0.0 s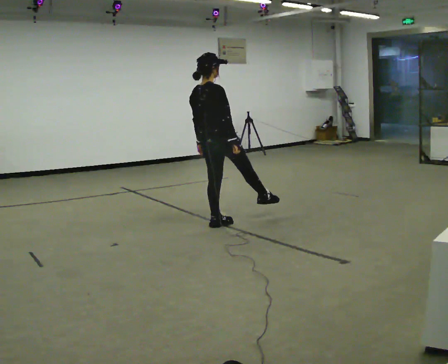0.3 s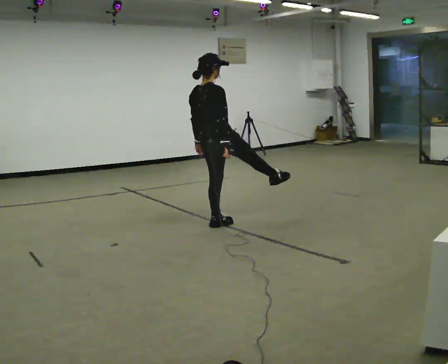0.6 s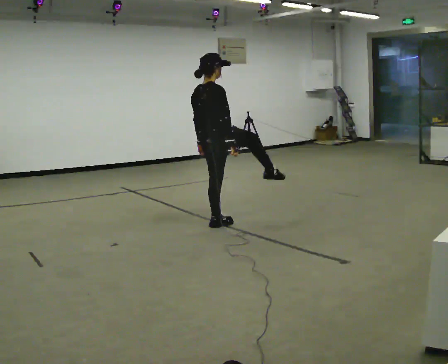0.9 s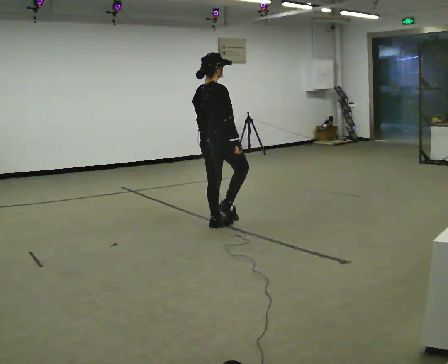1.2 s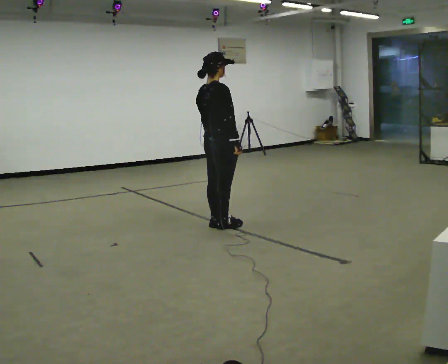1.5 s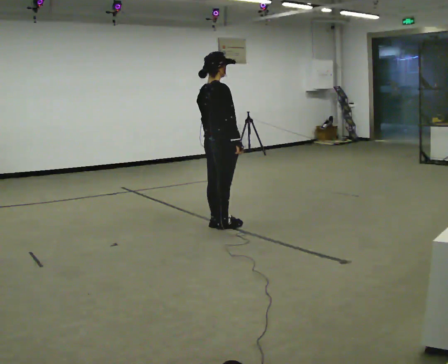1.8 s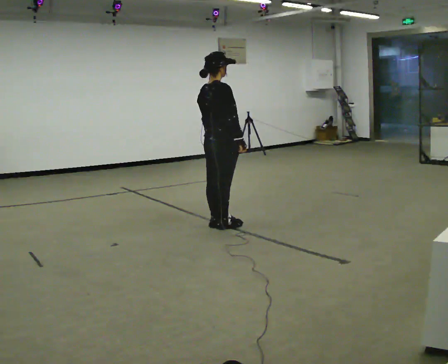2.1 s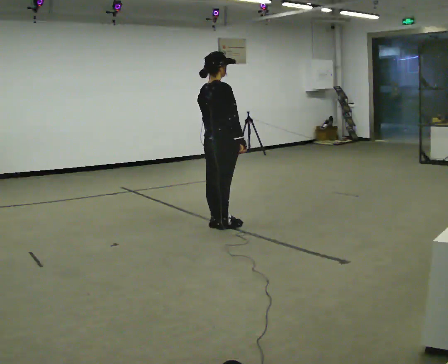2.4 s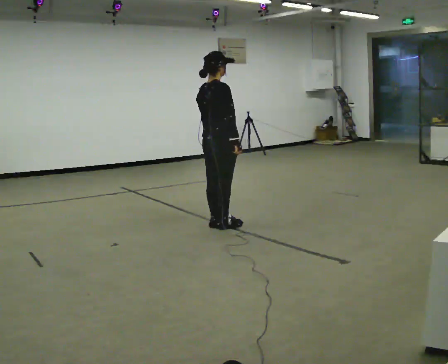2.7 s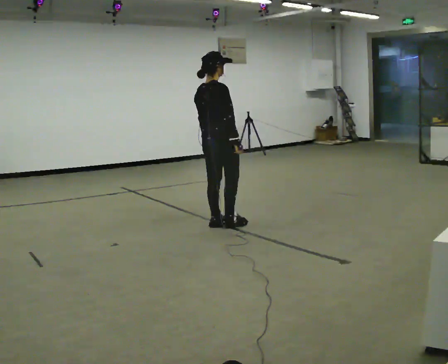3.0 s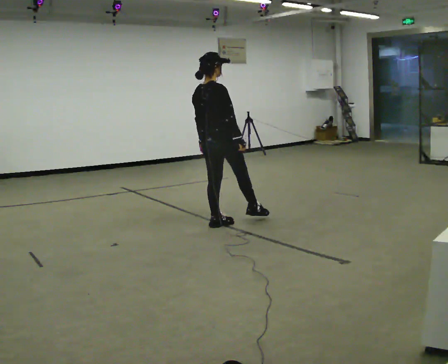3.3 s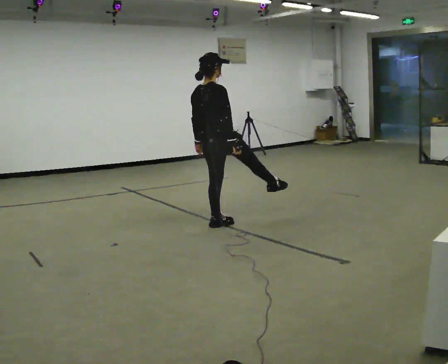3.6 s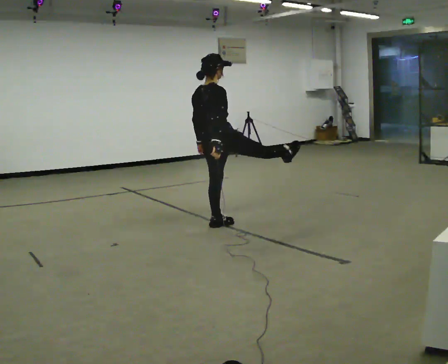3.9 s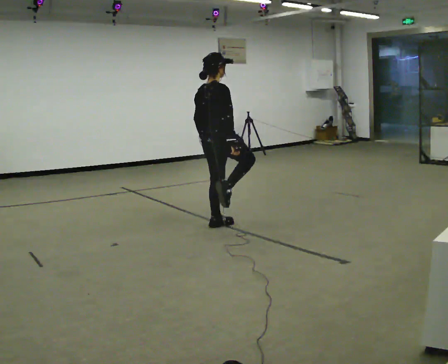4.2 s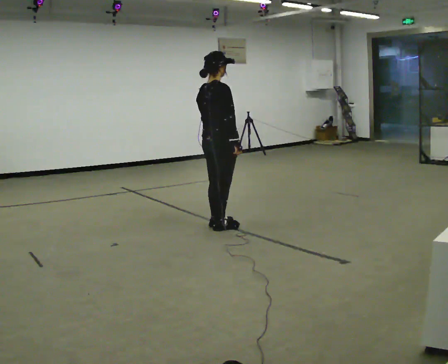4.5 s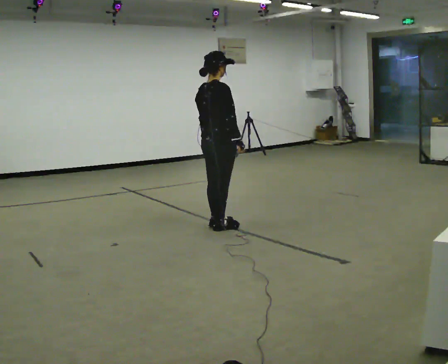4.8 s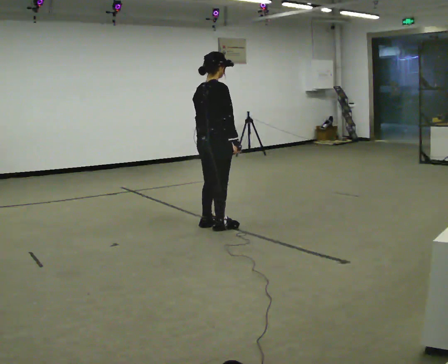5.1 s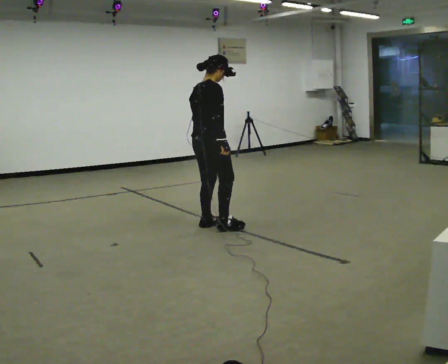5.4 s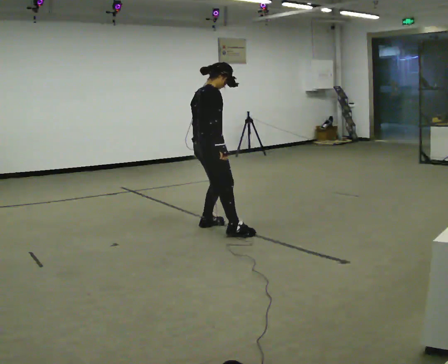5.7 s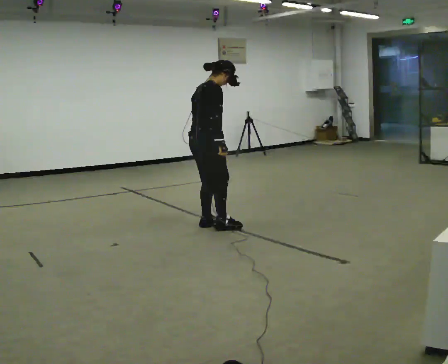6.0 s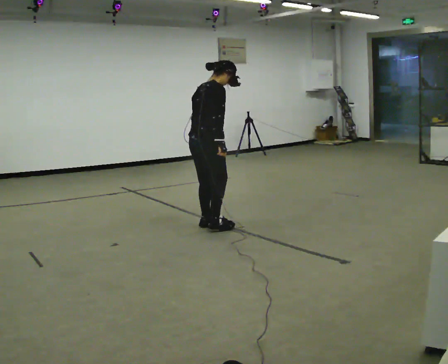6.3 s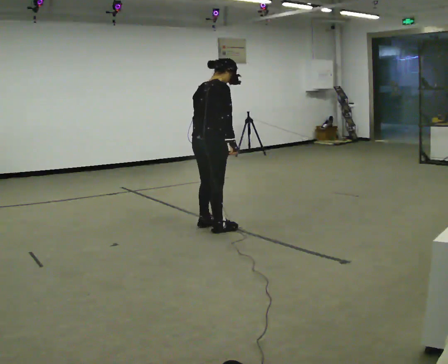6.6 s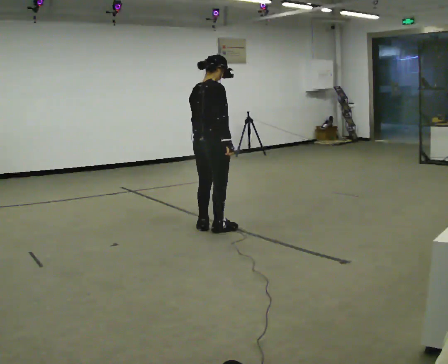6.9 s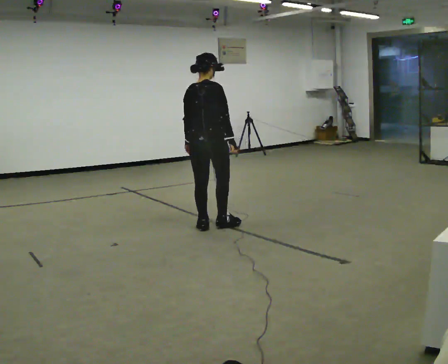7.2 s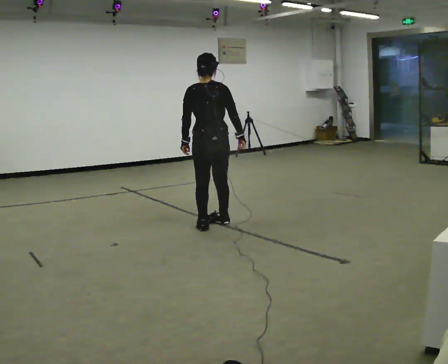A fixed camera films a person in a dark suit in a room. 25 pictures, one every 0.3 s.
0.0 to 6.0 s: The person moves a little, or ends about where they began.
6.0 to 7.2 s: The person turns about 60 degrees to their left, counterclockwise seen from above, so the part of the body nearest the lens slides to the right. In the picture the upper body tilts counterclockwise, shoulders to the left.
The film runs backward here.
